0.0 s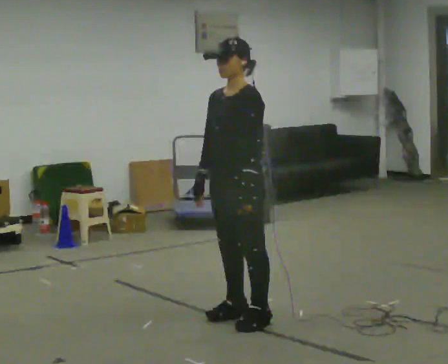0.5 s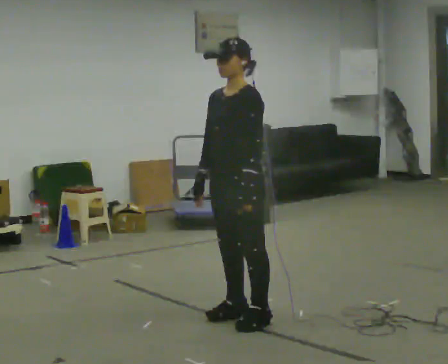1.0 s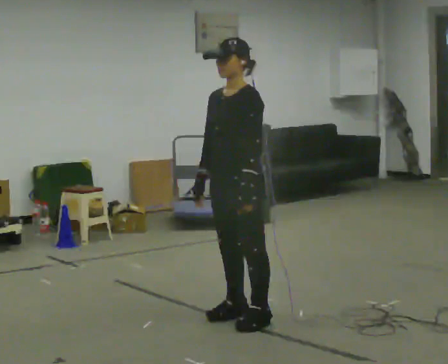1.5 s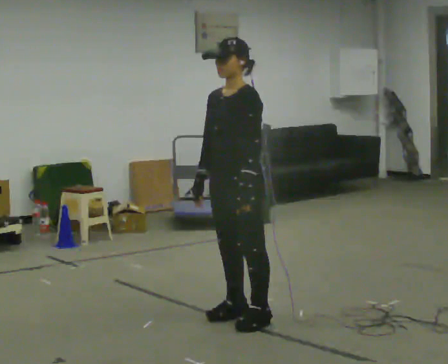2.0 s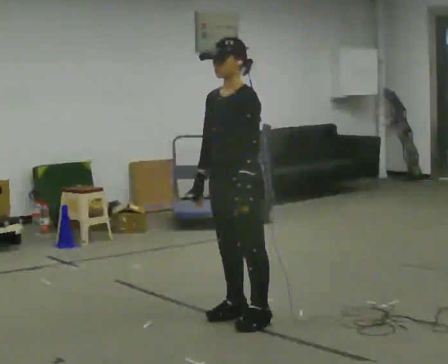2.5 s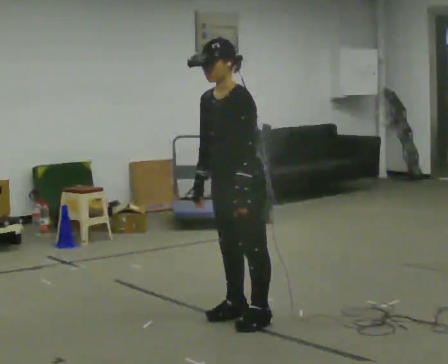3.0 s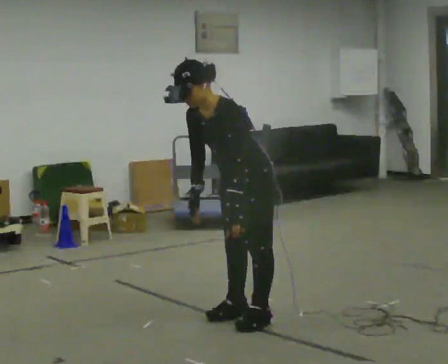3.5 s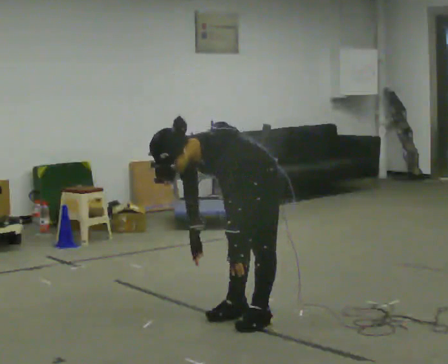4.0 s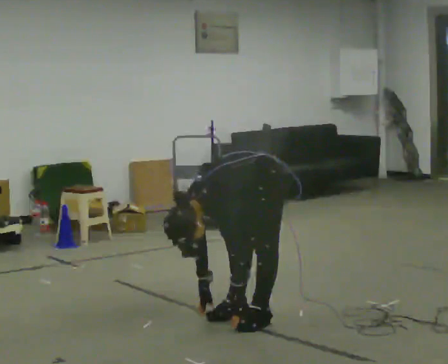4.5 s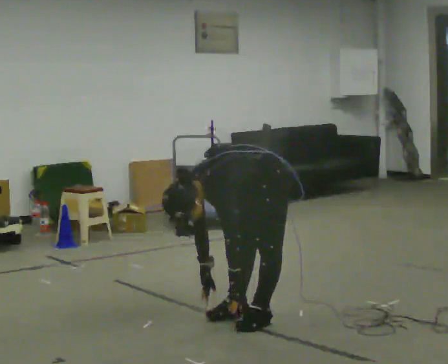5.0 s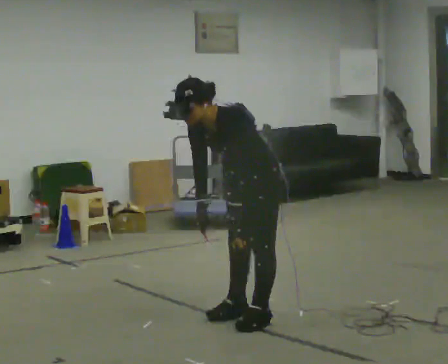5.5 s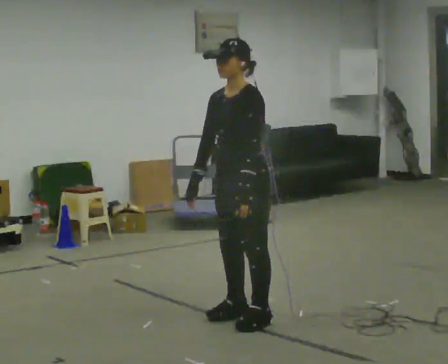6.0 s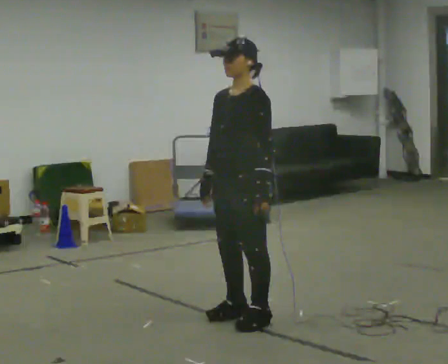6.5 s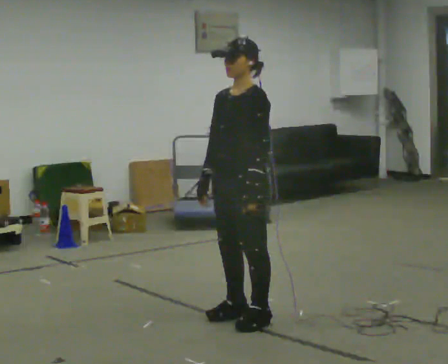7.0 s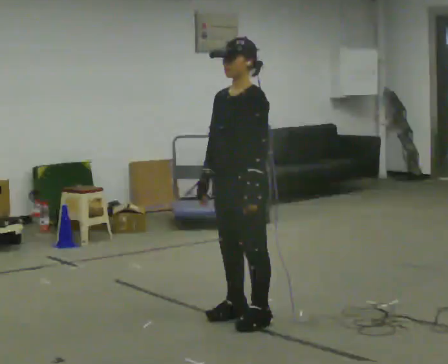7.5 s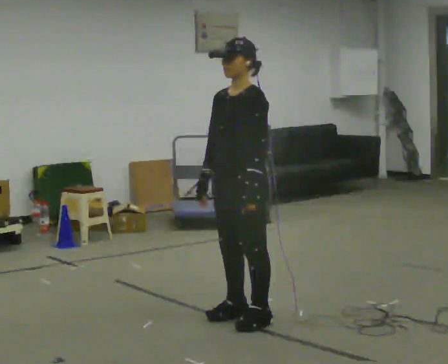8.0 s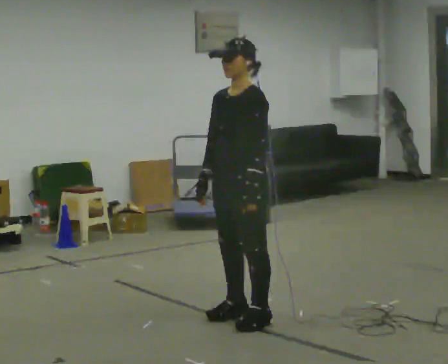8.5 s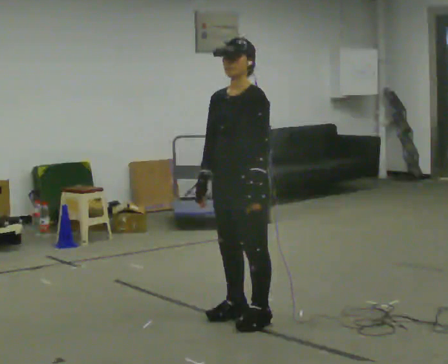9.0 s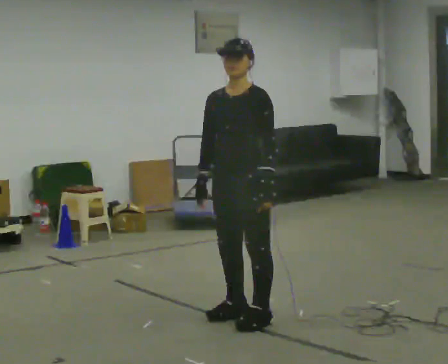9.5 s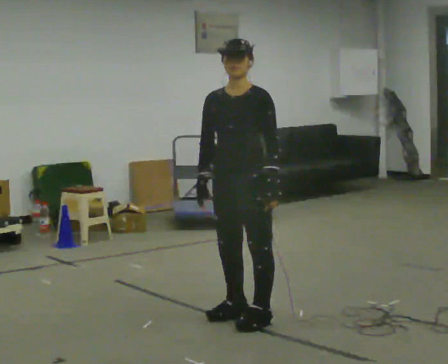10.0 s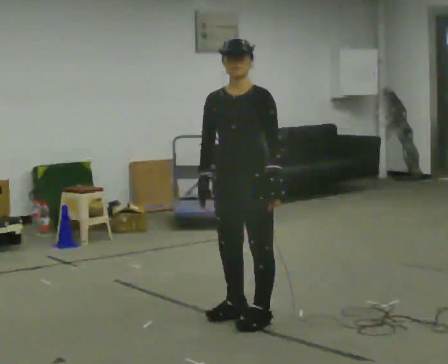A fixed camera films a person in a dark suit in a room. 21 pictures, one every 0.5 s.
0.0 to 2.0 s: The person moves a little, or ends about where they began.
2.0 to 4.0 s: The upper body goes downward. In the picture the upper body tilts counterclockwise, shoulders to the left, as they bend forward. In the picture their left hand goes downward.
4.0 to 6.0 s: The upper body goes upward. In the picture the upper body tilts clockwise, shoulders to the right, as they lean back or straighten. In the picture their right hand goes upward.
6.0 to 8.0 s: The person moves a little, or ends about where they began.
8.0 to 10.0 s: Seen from above the body turns counterclockwise, about 30 degrees: to their left, with its near side sliding to the right.
The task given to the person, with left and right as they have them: Keeping your feet still, reach down toward the floor in front and to each side, then return to standing. Repeat the movement at your own pace until the operator says stop; do not rush.
The film runs forward here.
